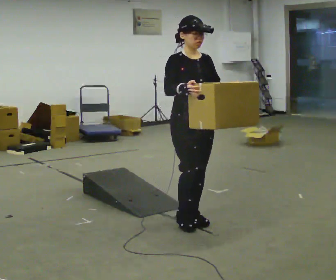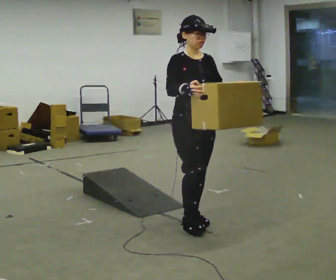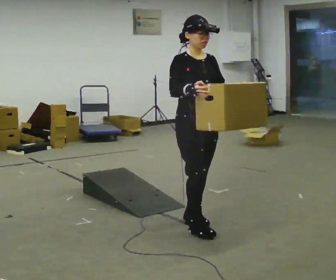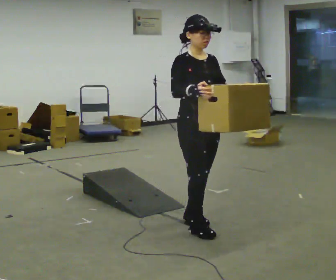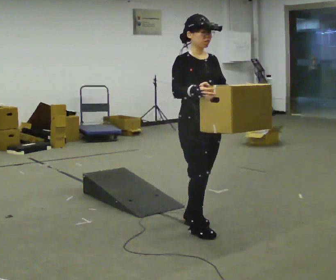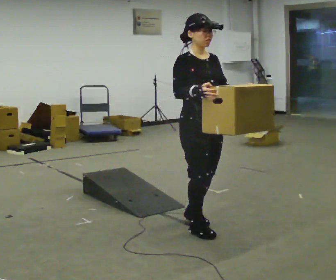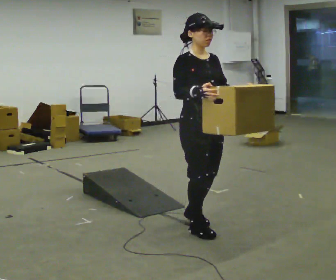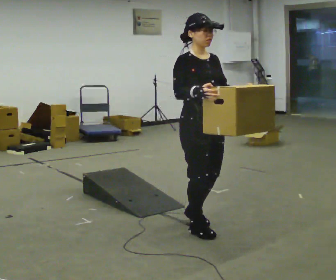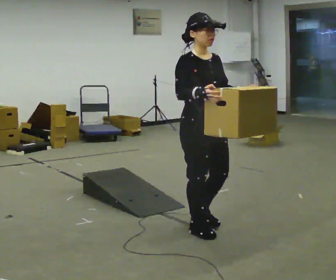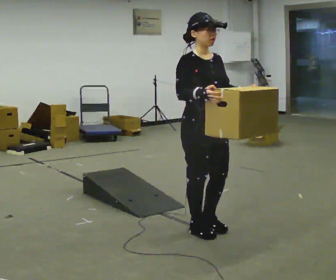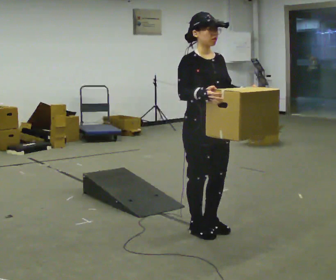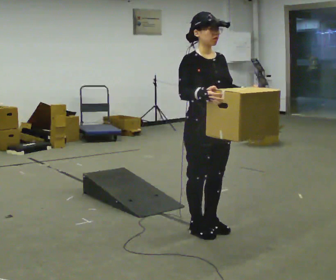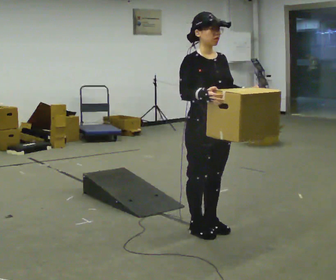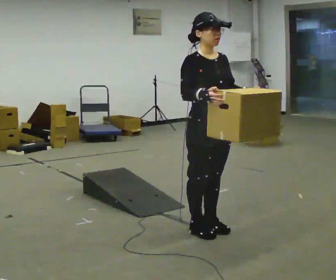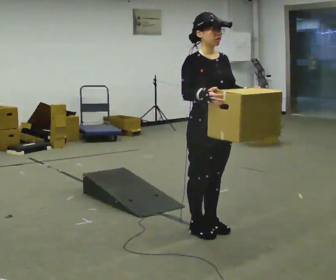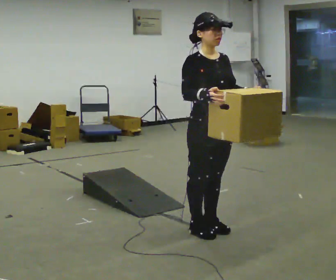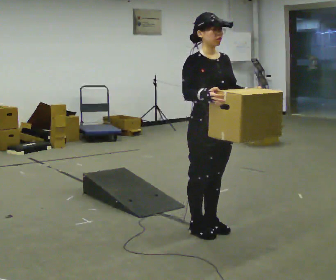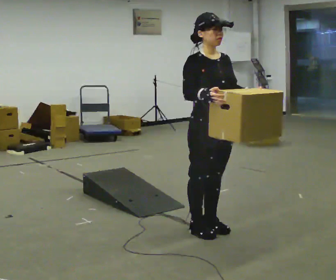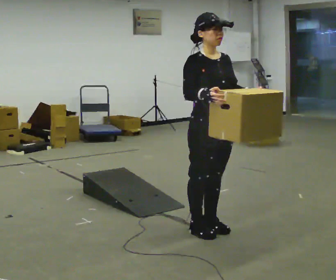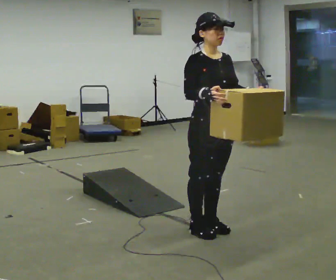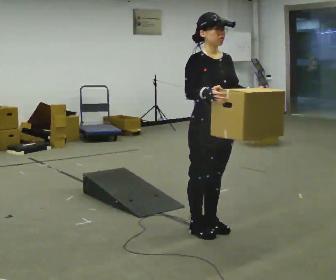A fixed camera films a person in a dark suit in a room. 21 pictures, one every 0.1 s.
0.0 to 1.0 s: In the picture they go toward the camera, about 0.25 m in 2 steps, which for them is forward.
1.0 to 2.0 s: The person moves a little, or ends about where they began.
The film runs forward here.
